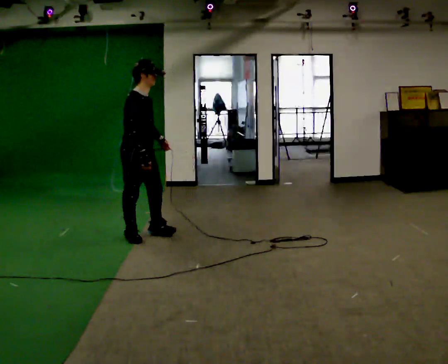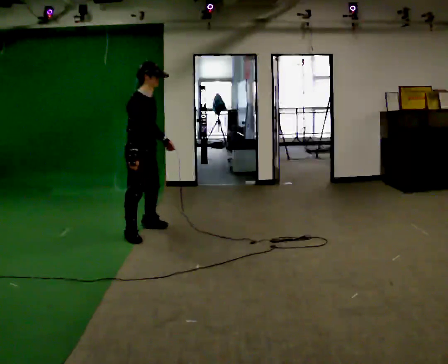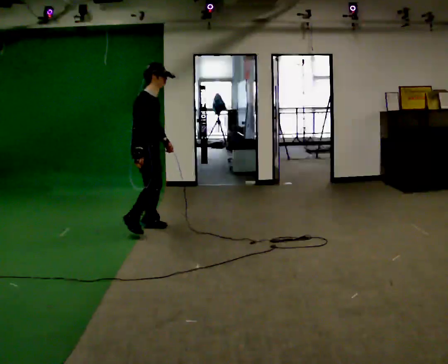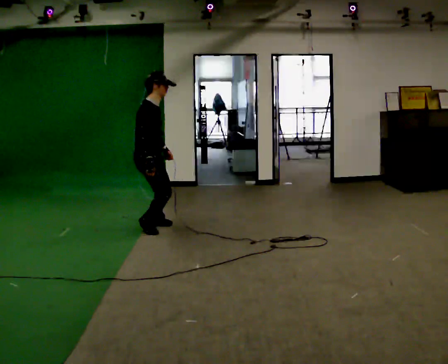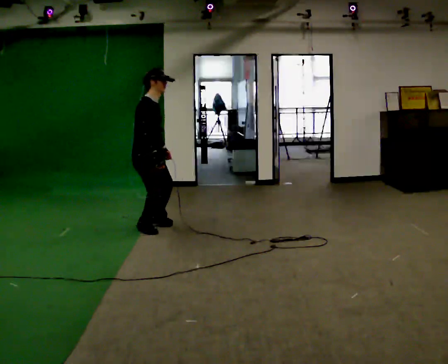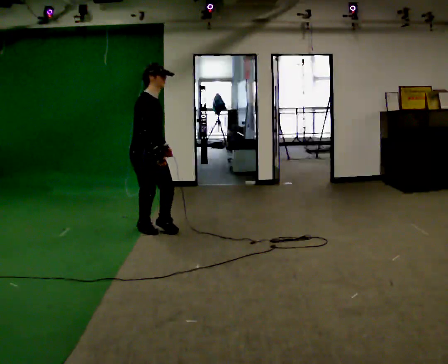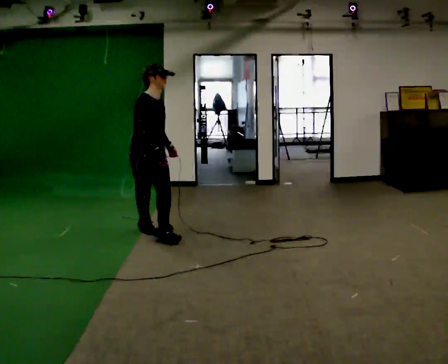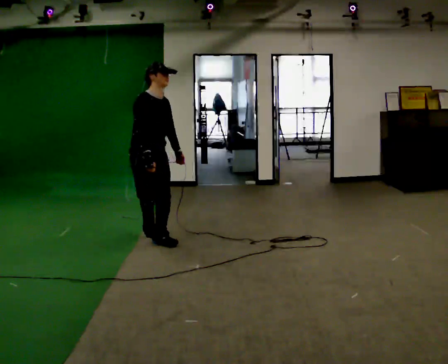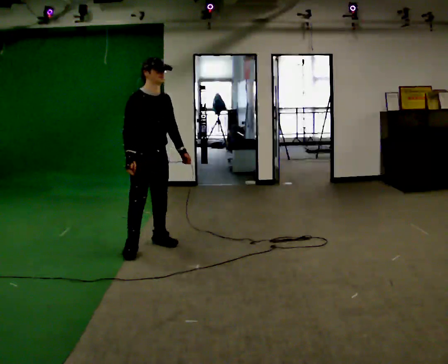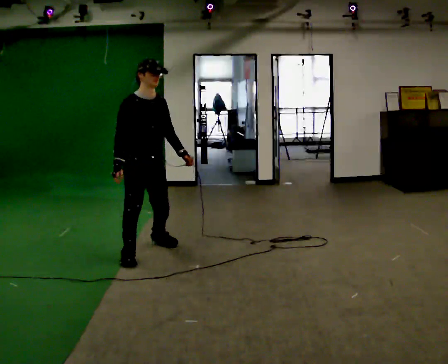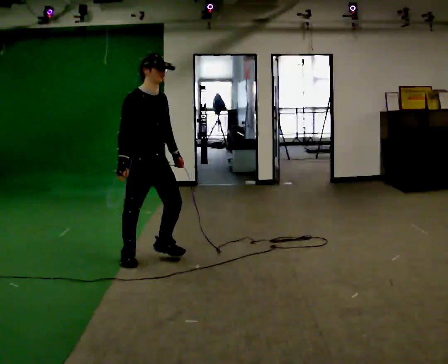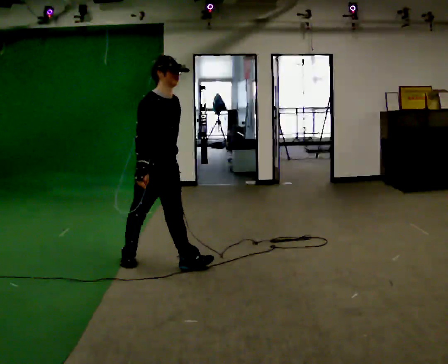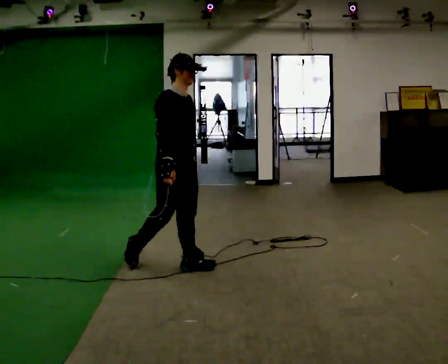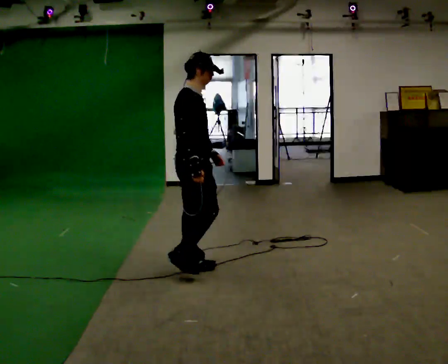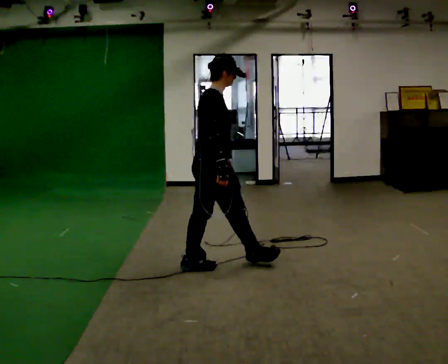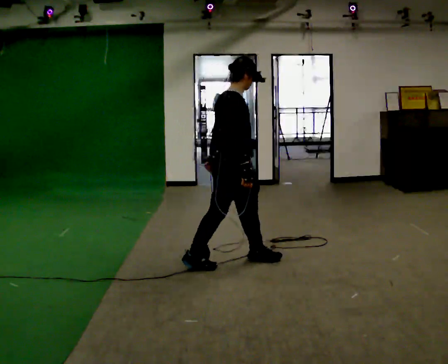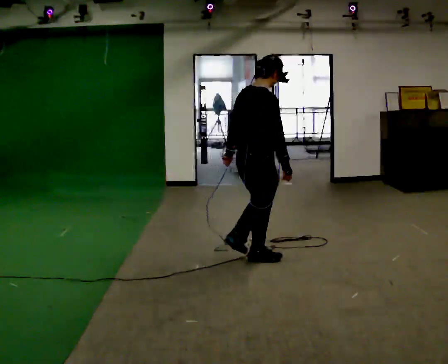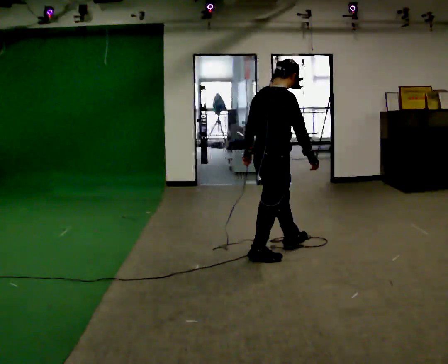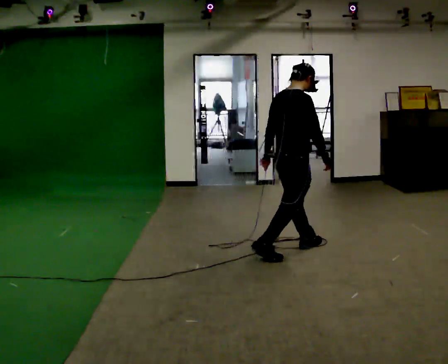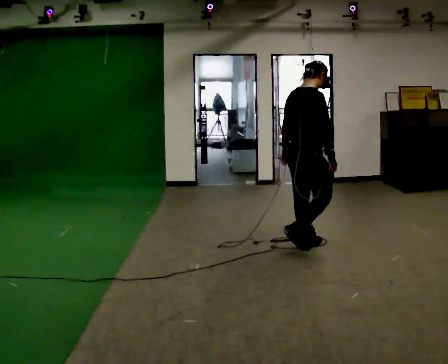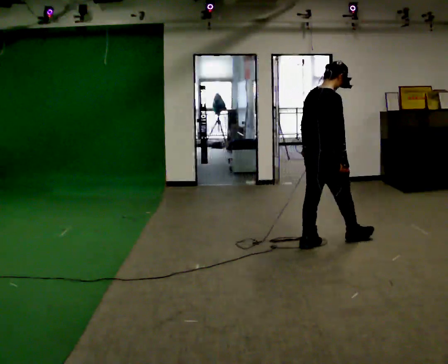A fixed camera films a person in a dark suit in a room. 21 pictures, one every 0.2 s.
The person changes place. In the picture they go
to the right.
0.0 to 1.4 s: Seen from above the body turns clockwise, about 30 degrees: to their right, with its near side sliding to the left. In the picture they go toward the camera, about 0.25 m in 3 steps, which for them is to their right.
1.4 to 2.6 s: Seen from above the body turns counterclockwise, about 45 degrees: to their left, with its near side sliding to the right. In the picture they go toward the camera and to the right, about 1 m in 2 steps, which for them is forward.
2.6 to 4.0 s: The part of the body nearest the lens slides to the right as the person turns to their left by about 30 degrees. In the picture they go to the right and away from the camera, about 1 m in 2 steps, which for them is forward.
The film runs forward here.
